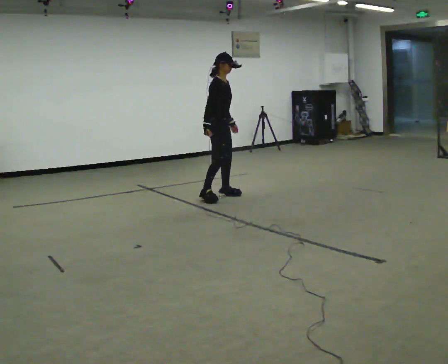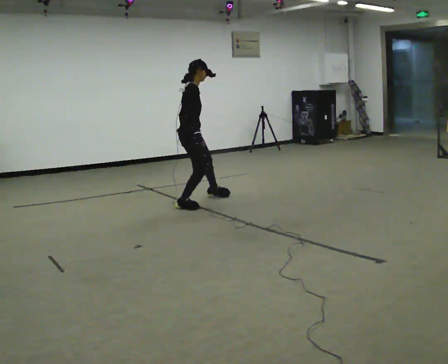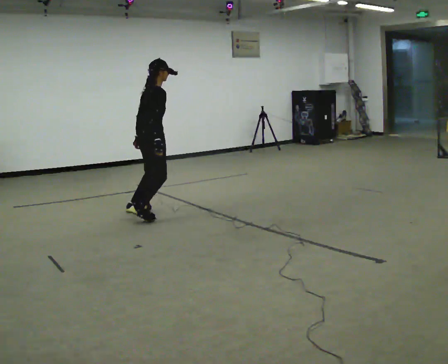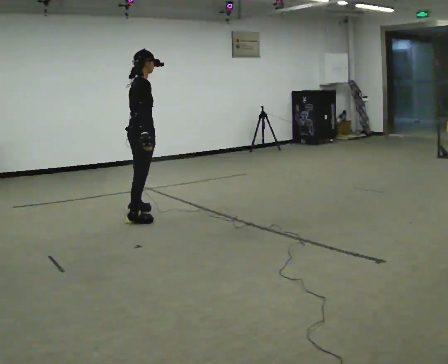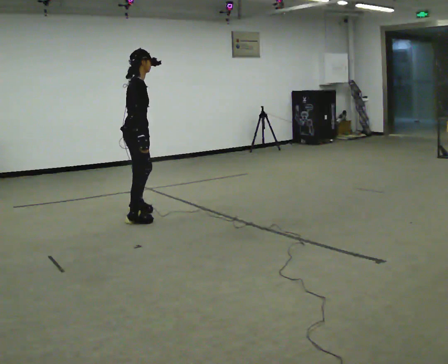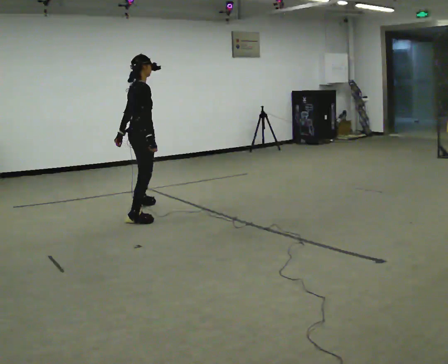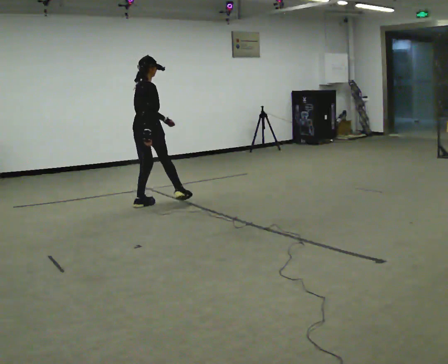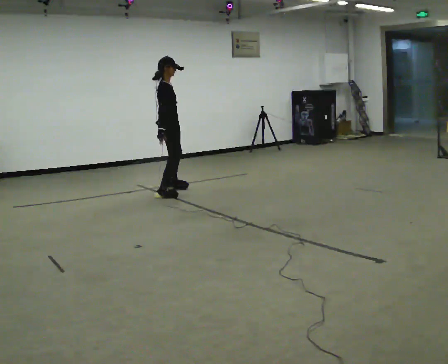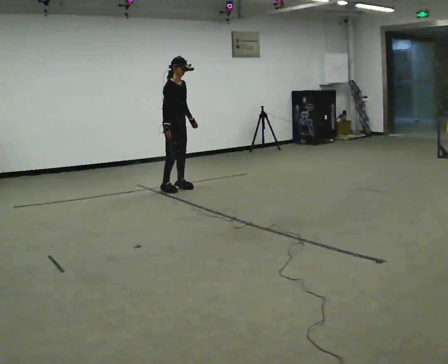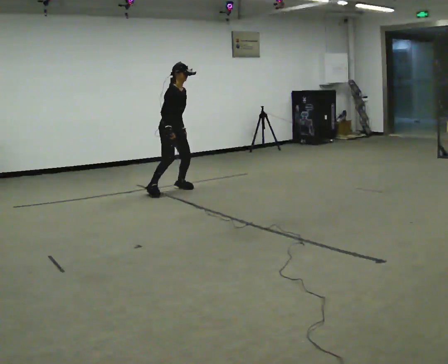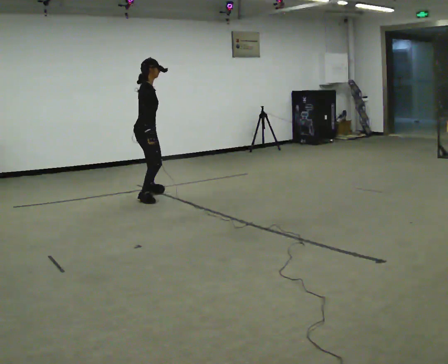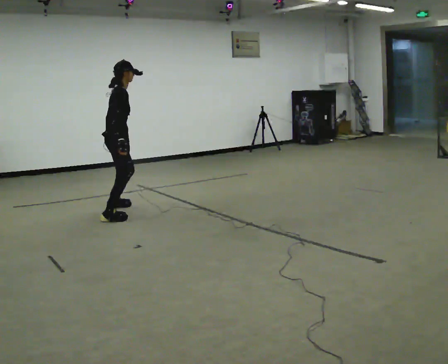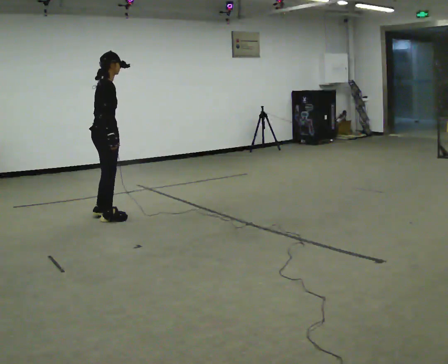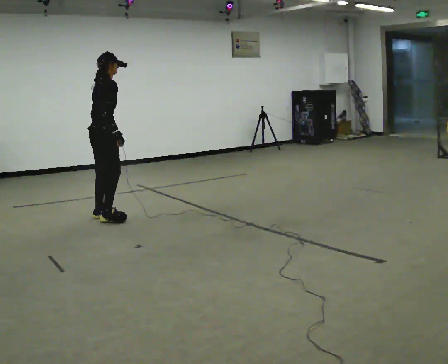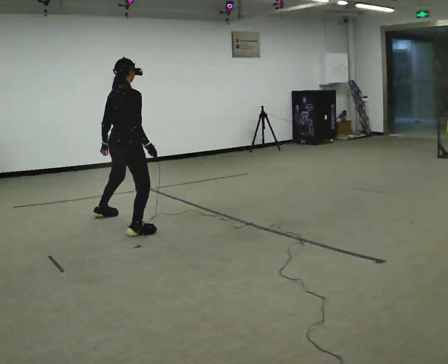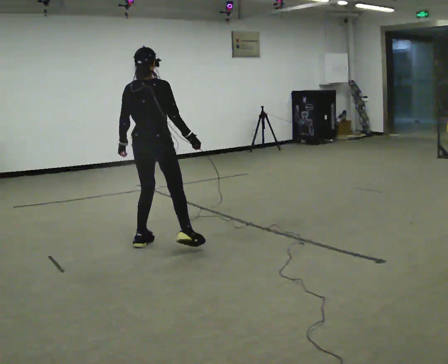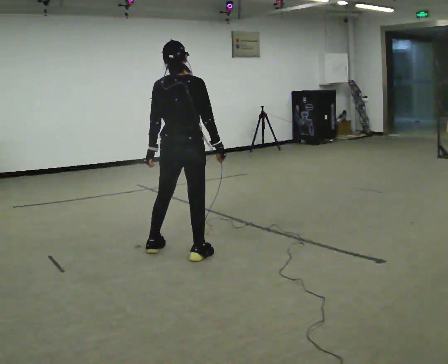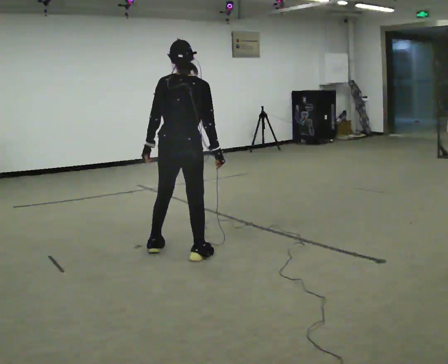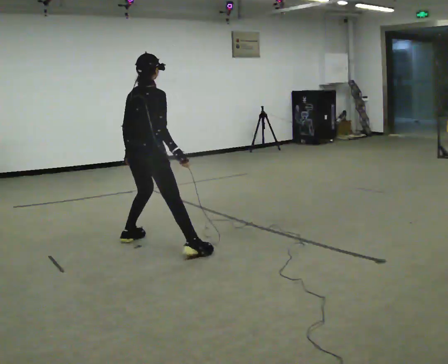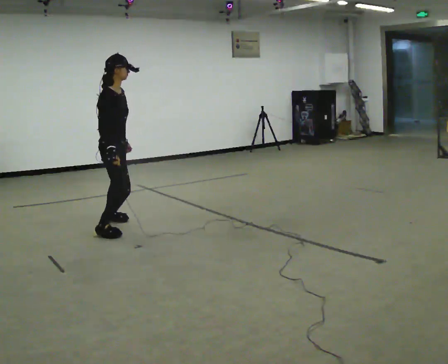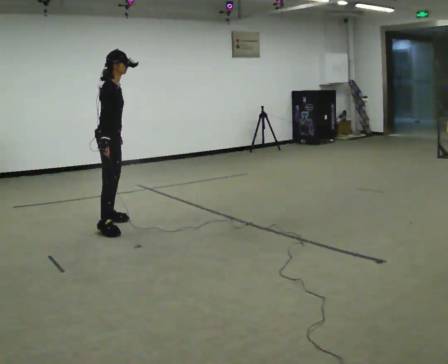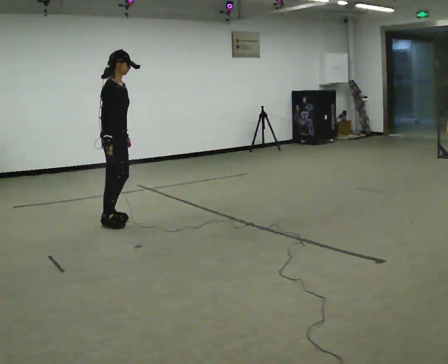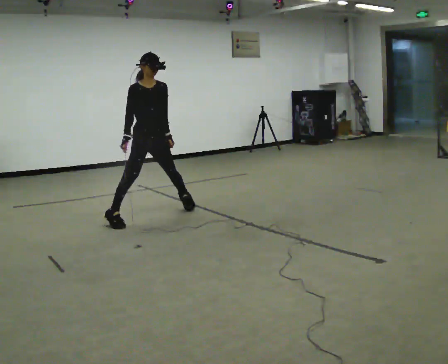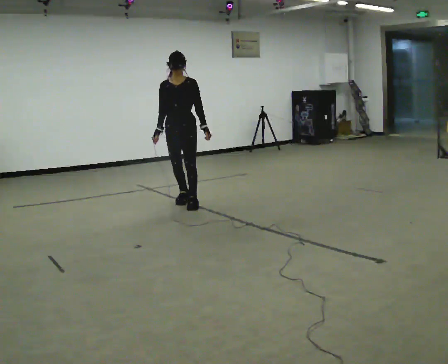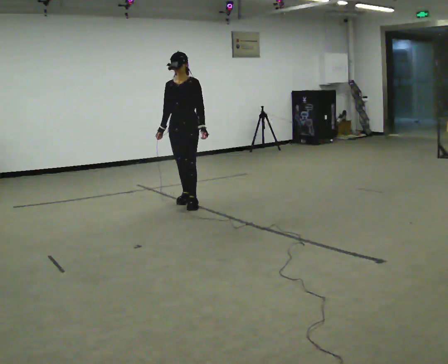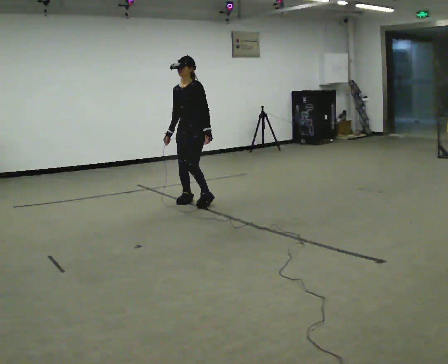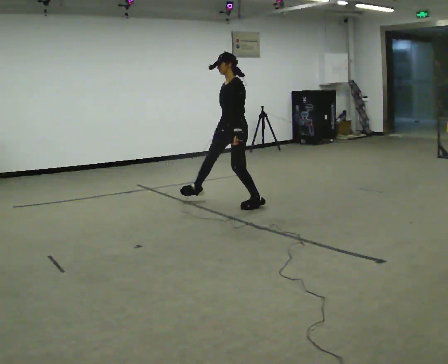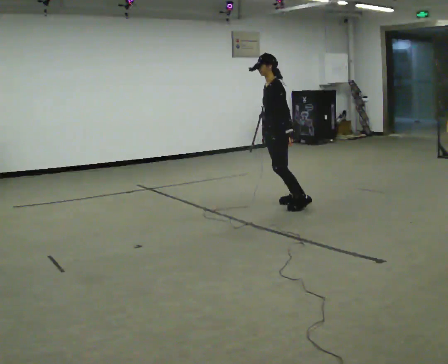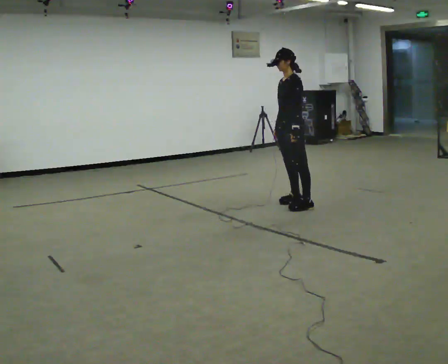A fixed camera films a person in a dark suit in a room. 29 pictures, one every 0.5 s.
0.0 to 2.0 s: The person turns about 30 degrees to their left, counterclockwise seen from above, so the part of the body nearest the lens slides to the right. In the picture they go to the left and toward the camera, about 1 m in 3 steps, which for them is backward and to their right.
2.0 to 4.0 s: Seen from above the body turns clockwise, about 45 degrees: to their right, with its near side sliding to the left. In the picture they go away from the camera, about 1.5 m in 4 steps.
4.0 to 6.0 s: Seen from above the body turns counterclockwise, about 60 degrees: to their left, with its near side sliding to the right. In the picture they go toward the camera and to the left, about 1.5 m in 3 steps.
6.0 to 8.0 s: The part of the body nearest the lens slides to the right as the person turns to their left by about 60 degrees. In the picture they go toward the camera and to the right, about 1.5 m in 5 steps, which for them is to their right.
8.0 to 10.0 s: Seen from above the body turns clockwise, about 75 degrees: to their right, with its near side sliding to the left. In the picture they go away from the camera and to the left, about 1 m in 3 steps.
10.0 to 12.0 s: Seen from above the body turns clockwise, about 120 degrees: to their right, with its near side sliding to the left. In the picture they go to the right and away from the camera, about 1 m in 3 steps.
12.0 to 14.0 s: The person turns about 45 degrees to their right, clockwise seen from above, so the part of the body nearest the lens slides to the left. In the picture they go to the right, about 1 m in 3 steps, which for them is backward and to their left.
The film runs forward here.
